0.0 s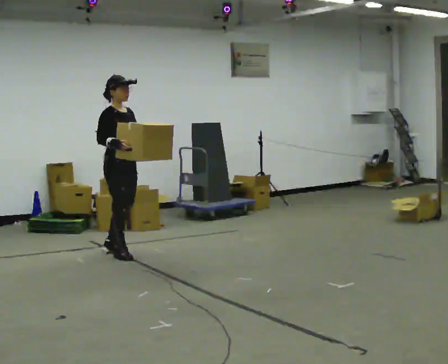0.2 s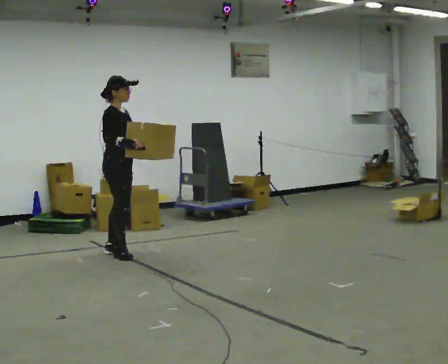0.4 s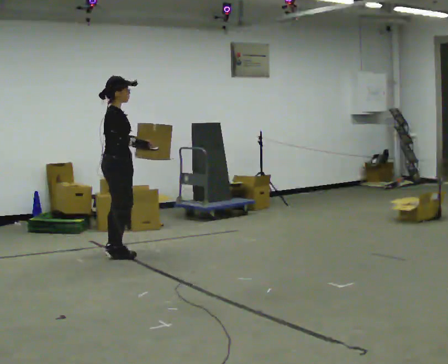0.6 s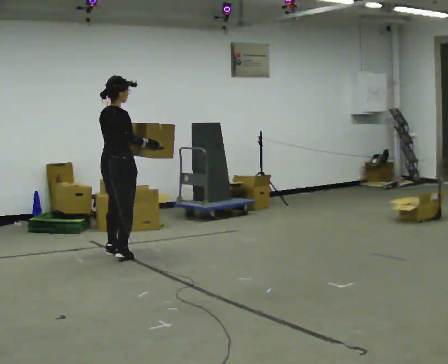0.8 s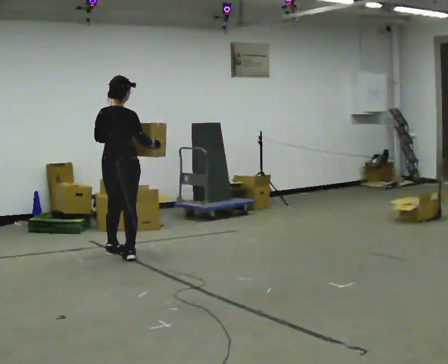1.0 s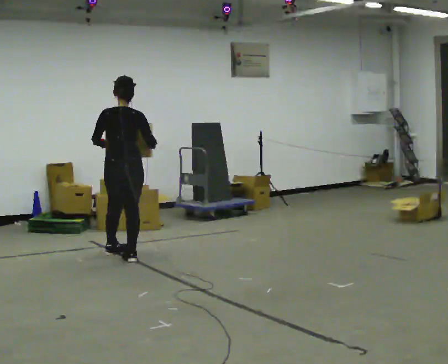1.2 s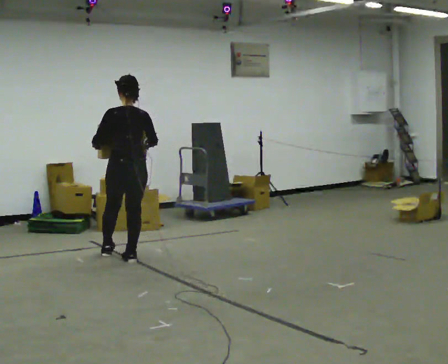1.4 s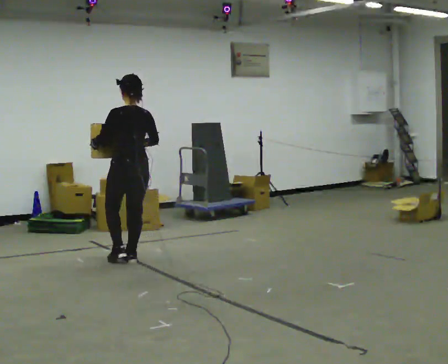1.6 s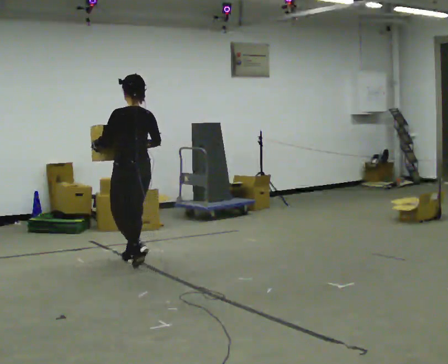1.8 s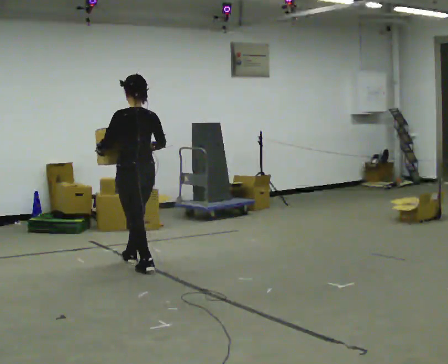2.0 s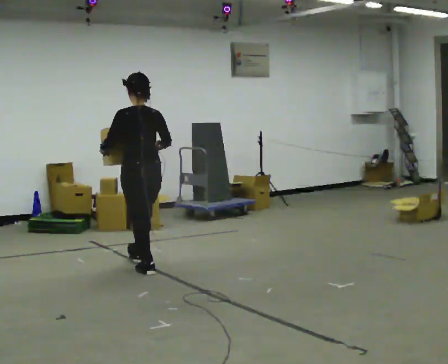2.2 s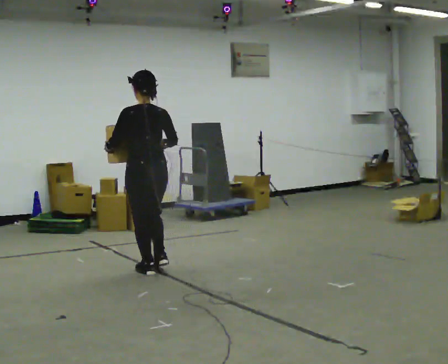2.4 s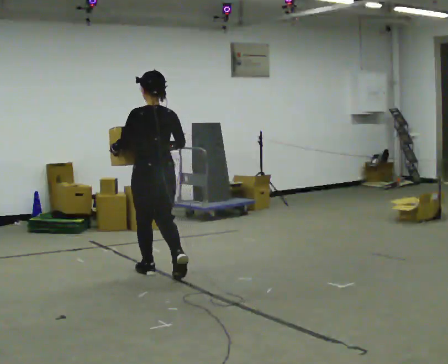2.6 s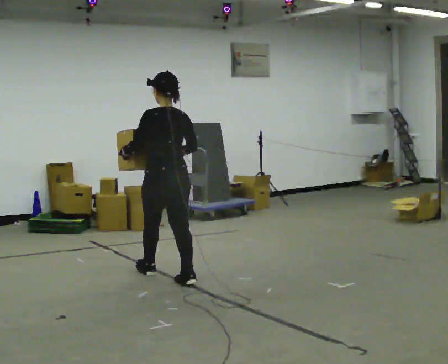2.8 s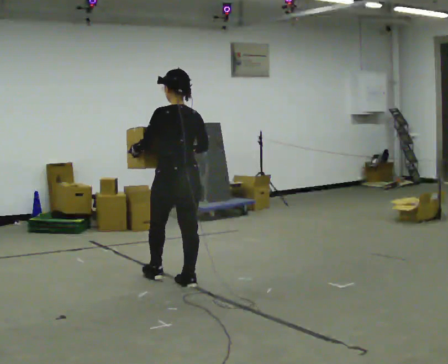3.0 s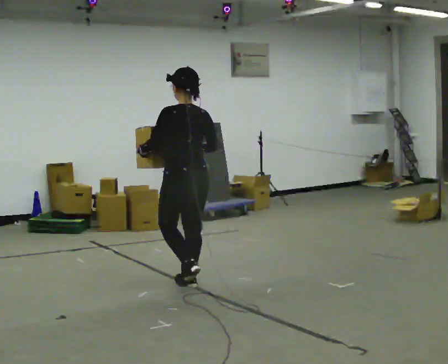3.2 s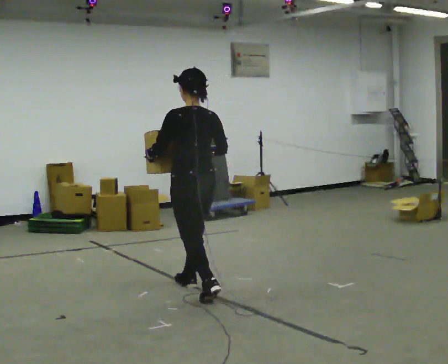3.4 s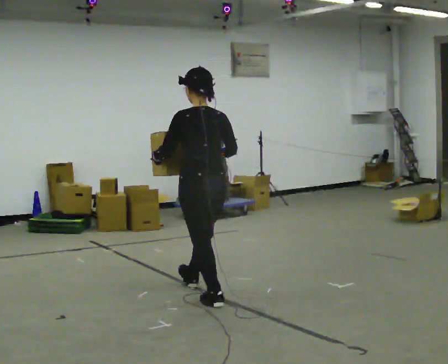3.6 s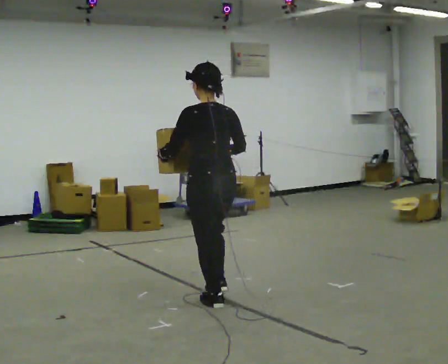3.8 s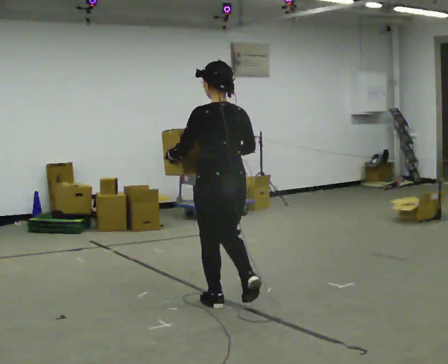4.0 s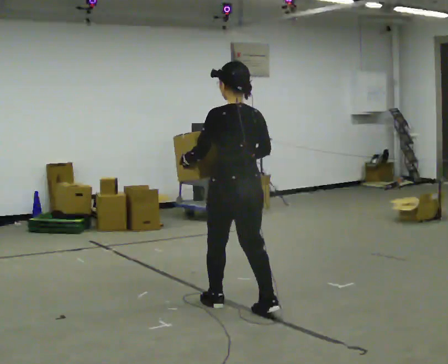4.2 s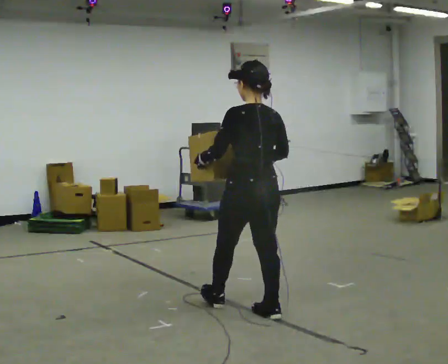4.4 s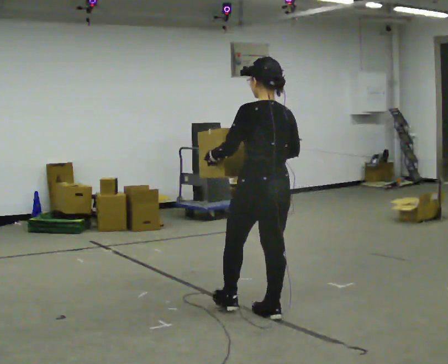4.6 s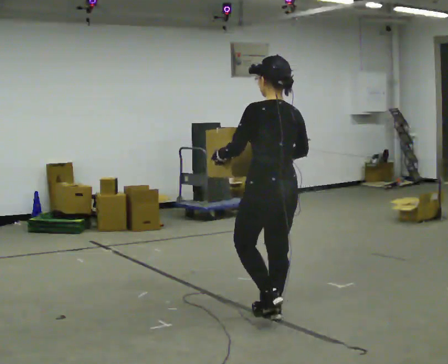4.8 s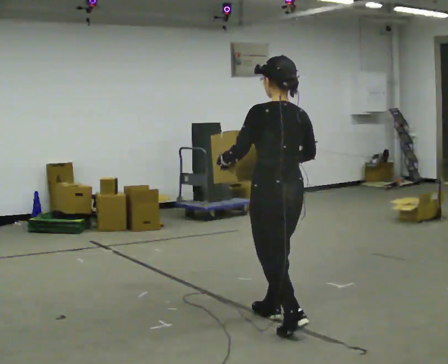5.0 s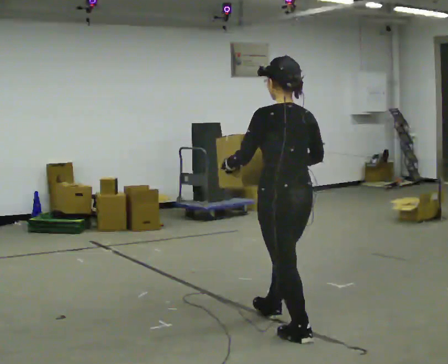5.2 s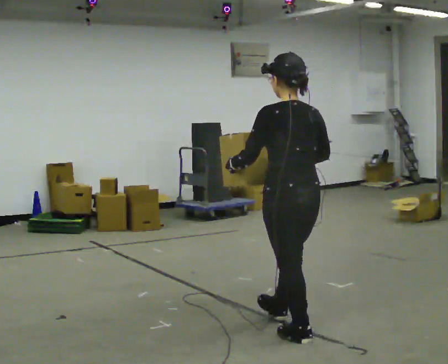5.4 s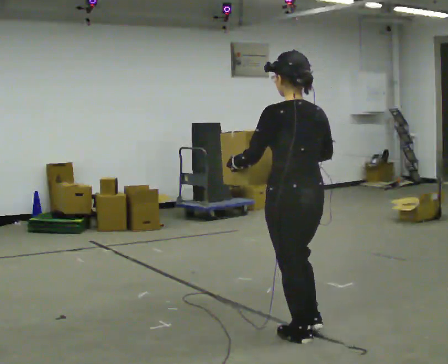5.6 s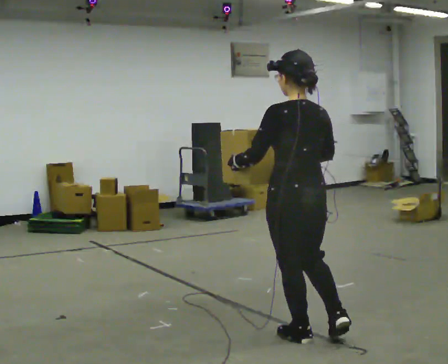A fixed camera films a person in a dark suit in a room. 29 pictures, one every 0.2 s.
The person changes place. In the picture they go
toward the camera.
0.0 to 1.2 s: The person turns about 135 degrees to their left, counterclockwise seen from above, so the part of the body nearest the lens slides to the right. In the picture they go toward the camera, about 0.25 m in 2 steps.
1.2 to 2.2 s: In the picture they go toward the camera and to the right, about 0.5 m in 1 step, which for them is backward.
2.2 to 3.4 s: In the picture they go toward the camera and to the right, about 1 m in 1 step, which for them is backward.
3.4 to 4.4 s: In the picture they go toward the camera and to the right, about 0.75 m in 2 steps, which for them is backward.
4.4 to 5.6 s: In the picture they go toward the camera, about 0.5 m in 1 step, which for them is backward.
The film runs backward here.
